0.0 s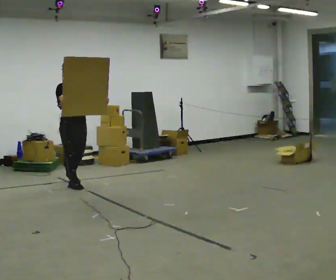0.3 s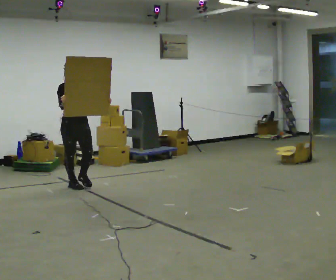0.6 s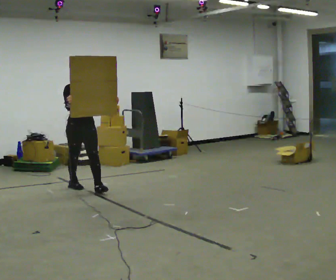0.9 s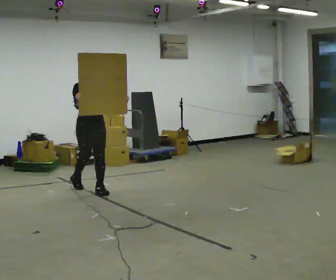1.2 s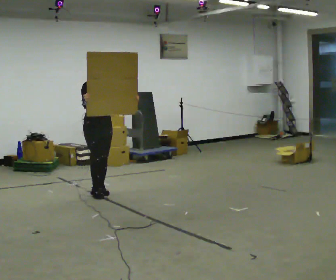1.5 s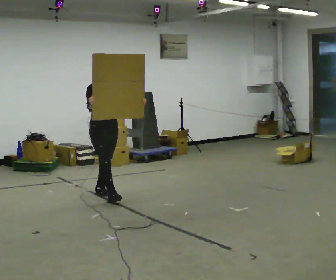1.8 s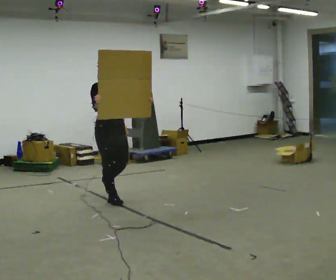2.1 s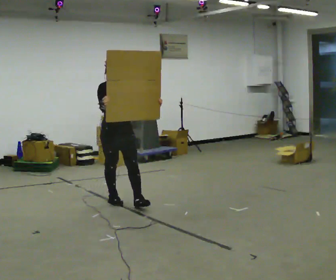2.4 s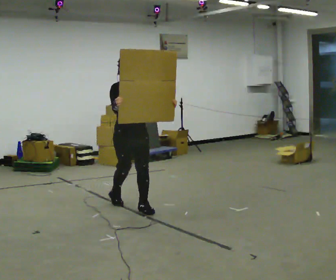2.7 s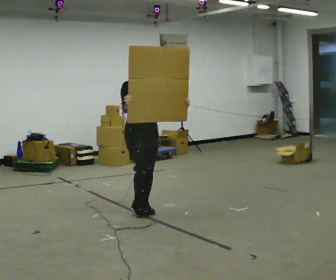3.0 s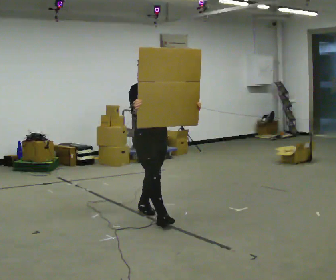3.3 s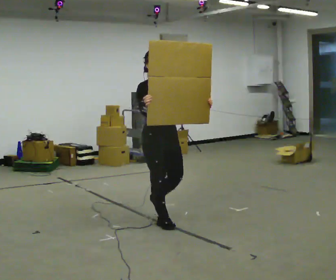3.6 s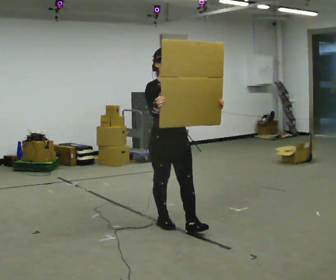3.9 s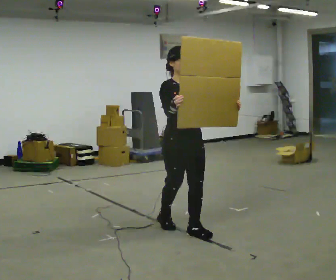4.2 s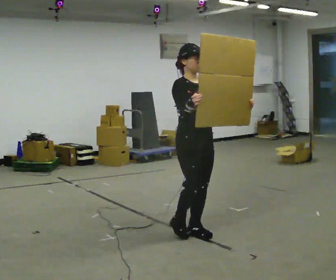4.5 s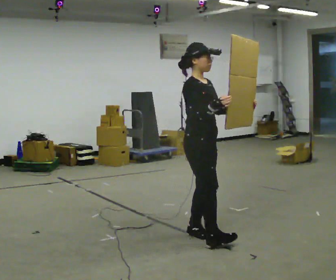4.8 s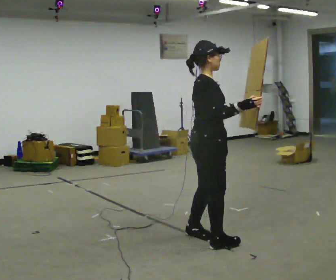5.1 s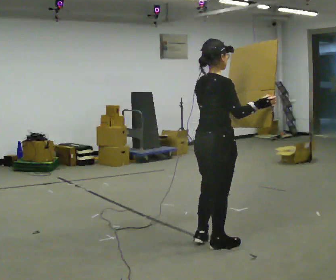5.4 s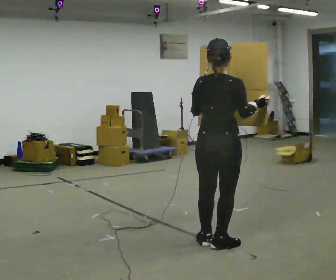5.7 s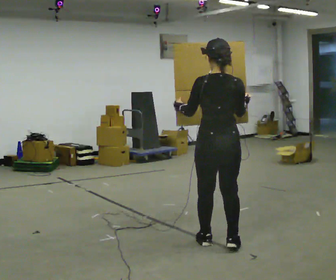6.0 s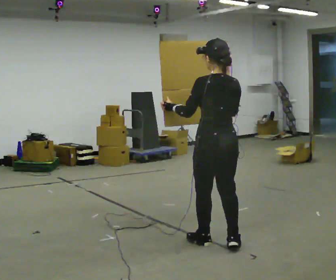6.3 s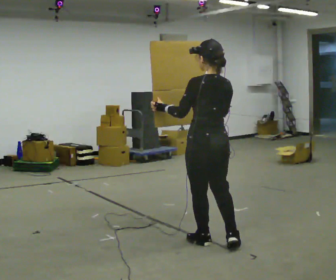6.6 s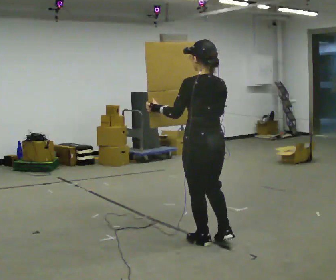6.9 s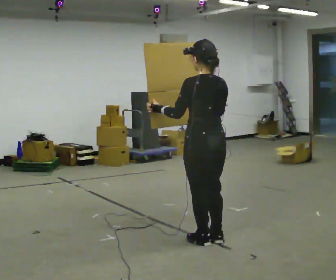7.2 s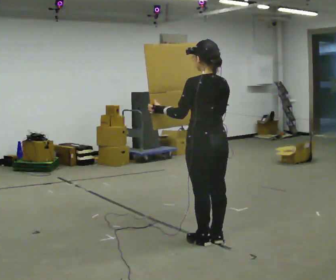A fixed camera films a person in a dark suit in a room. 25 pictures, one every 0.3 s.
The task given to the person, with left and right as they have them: Carry the large panel across the room. It will block your view ahead, so take whatever route feels safe. Keep going until the operator says stop; one object at a time, and do not rush between trips.
0.0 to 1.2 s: In the picture they go to the right and toward the camera, about 0.5 m in 1 step, which for them is forward.
1.2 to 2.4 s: In the picture they go toward the camera and to the right, about 1 m in 2 steps, which for them is forward.
2.4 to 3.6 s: In the picture they go toward the camera and to the right, about 1 m in 1 step, which for them is forward.
3.6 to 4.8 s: The person turns about 60 degrees to their left, counterclockwise seen from above, so the part of the body nearest the lens slides to the right. In the picture they go toward the camera and to the right, about 0.5 m in 2 steps.
4.8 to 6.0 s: Seen from above the body turns counterclockwise, about 120 degrees: to their left, with its near side sliding to the right. In the picture their left hand goes to the left.
6.0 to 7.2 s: The person moves a little, or ends about where they began.
The film runs forward here.
